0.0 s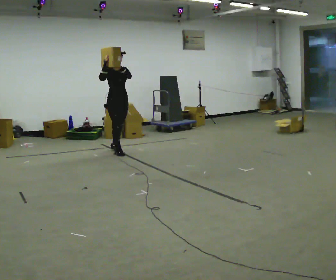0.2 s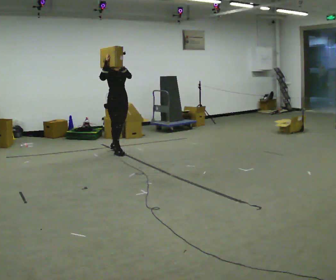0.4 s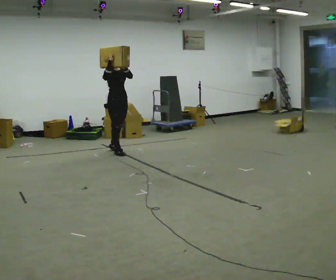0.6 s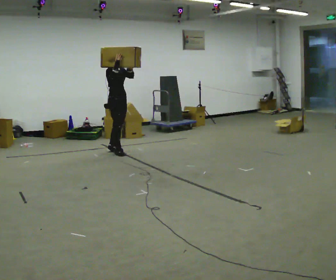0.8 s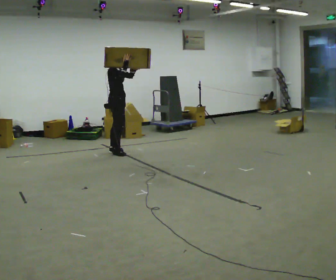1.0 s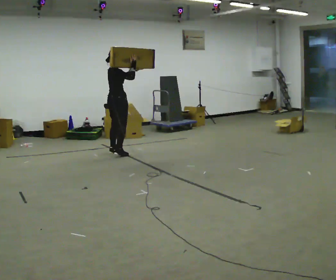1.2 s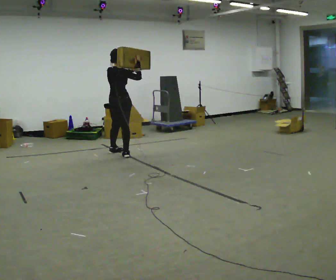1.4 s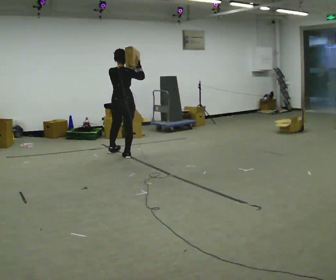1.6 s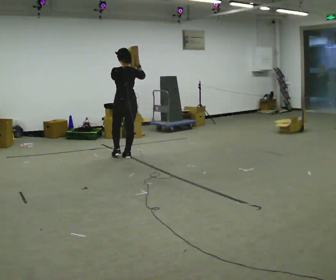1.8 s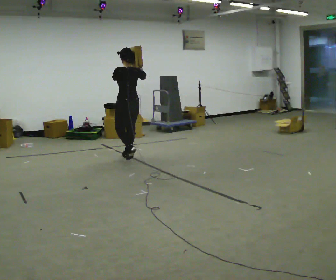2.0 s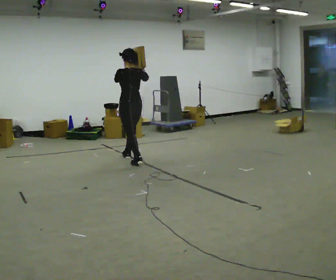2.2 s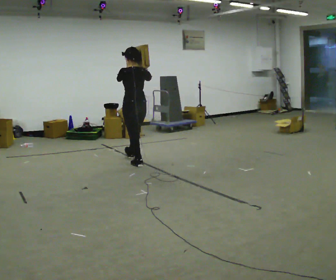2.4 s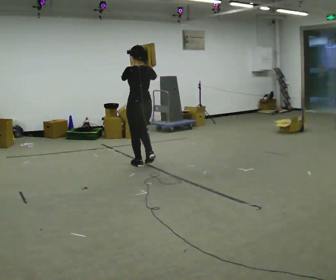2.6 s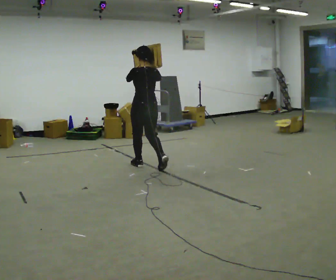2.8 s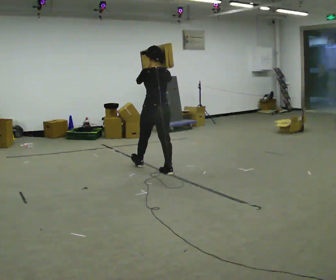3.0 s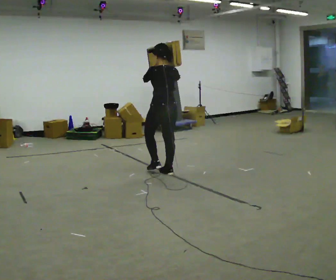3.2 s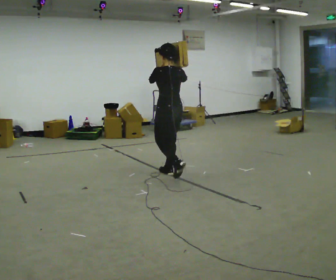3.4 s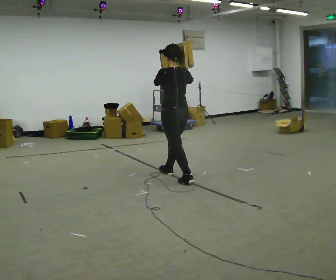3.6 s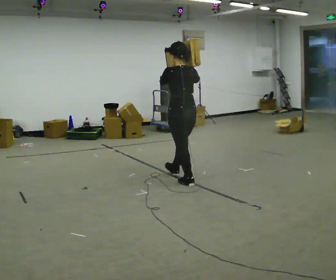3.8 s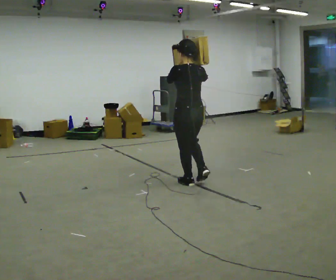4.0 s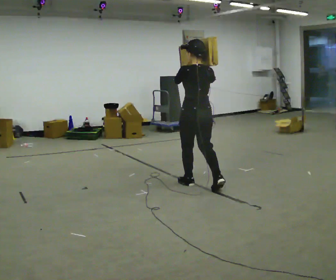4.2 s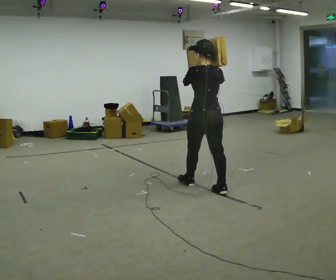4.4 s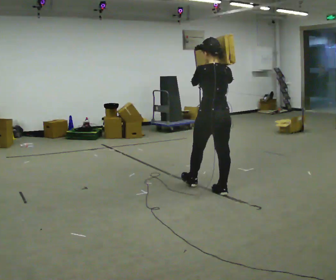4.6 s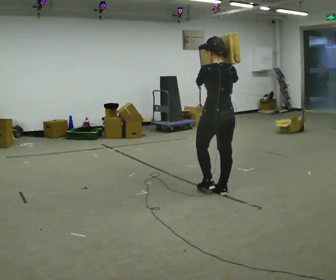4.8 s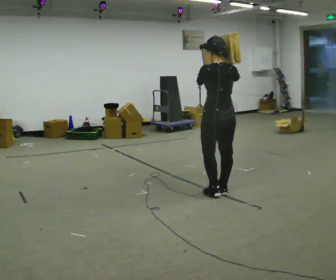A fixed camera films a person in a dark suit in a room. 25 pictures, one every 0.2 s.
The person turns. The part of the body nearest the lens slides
to the right.
The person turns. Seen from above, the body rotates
counterclockwise.
0.0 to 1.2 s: The part of the body nearest the lens slides to the right as the person turns to their left by about 120 degrees. In the picture their right hand goes to the right.
1.2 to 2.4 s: The person turns about 60 degrees to their left, counterclockwise seen from above, so the part of the body nearest the lens slides to the right. In the picture they go toward the camera and to the right, about 1 m in 2 steps.
2.4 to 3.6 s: In the picture they go toward the camera and to the right, about 1 m in 2 steps, which for them is backward.
3.6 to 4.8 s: In the picture they go toward the camera and to the right, about 0.5 m in 1 step, which for them is backward.
The film runs backward here.
